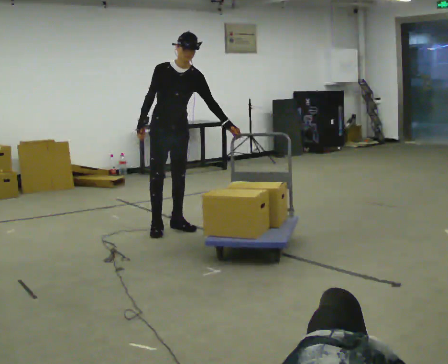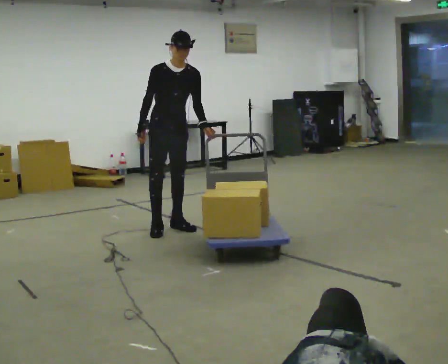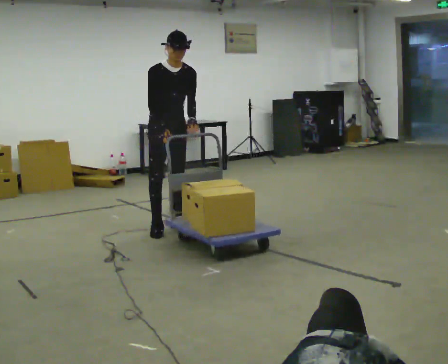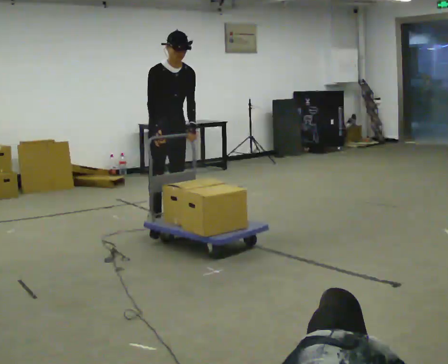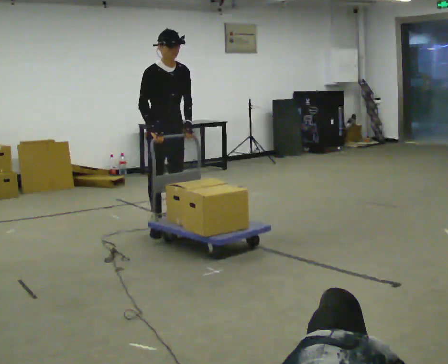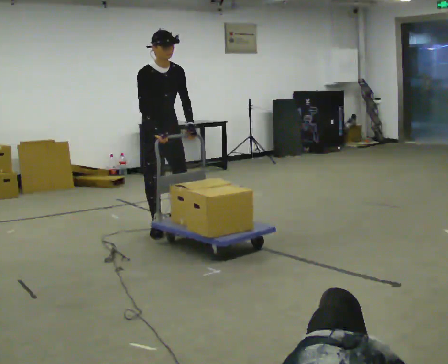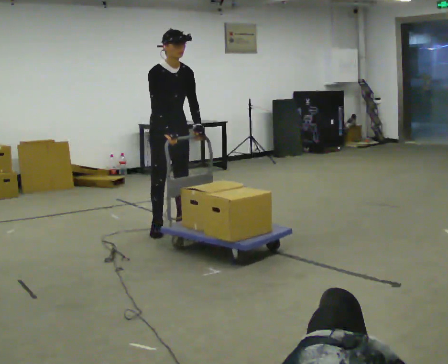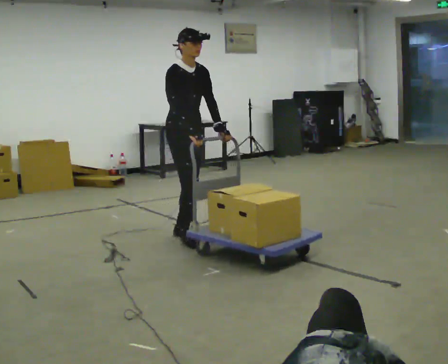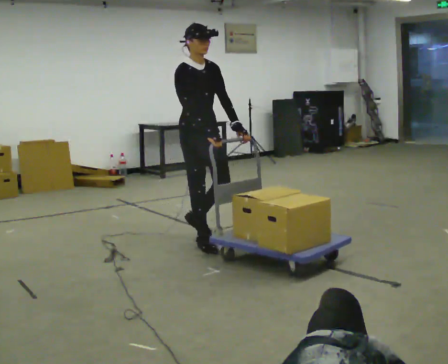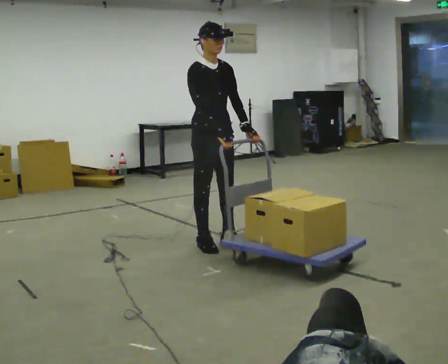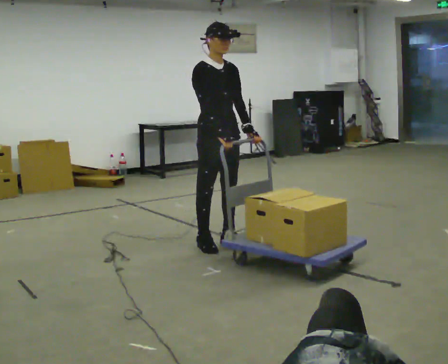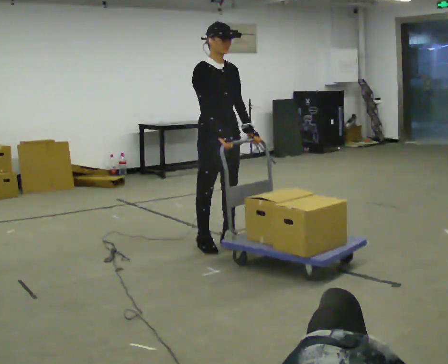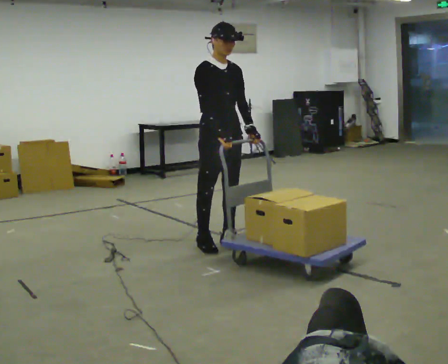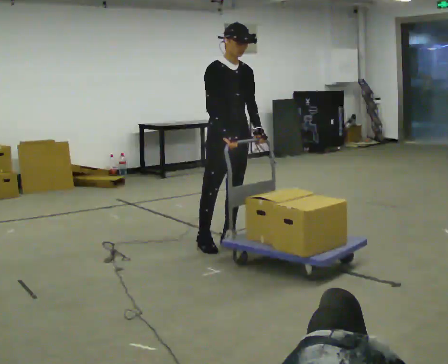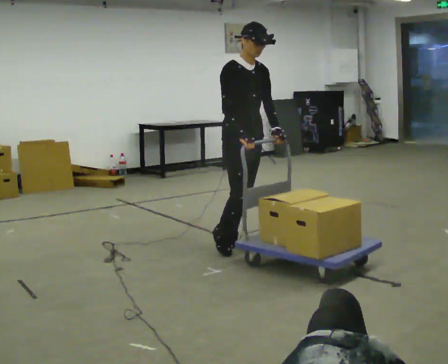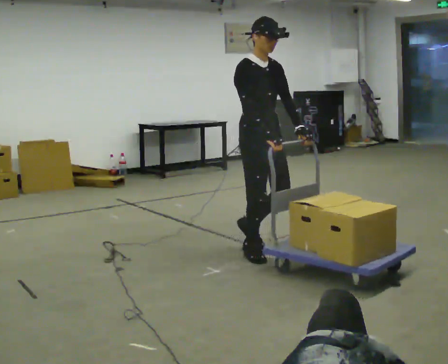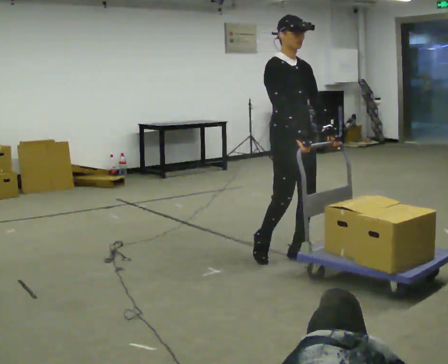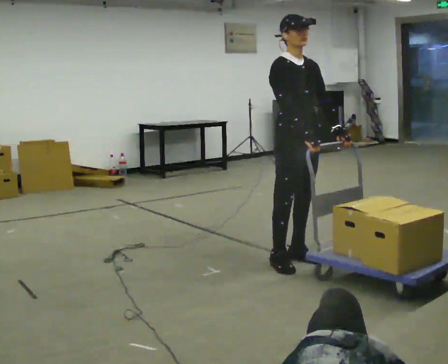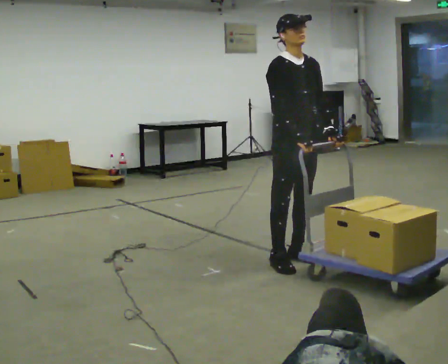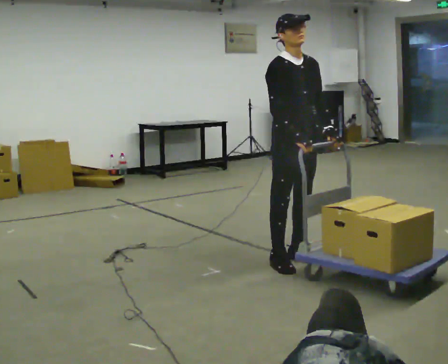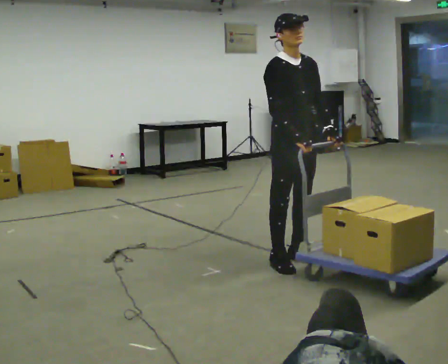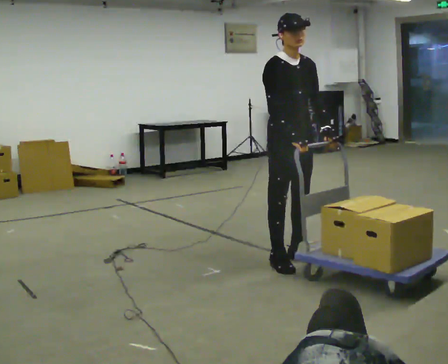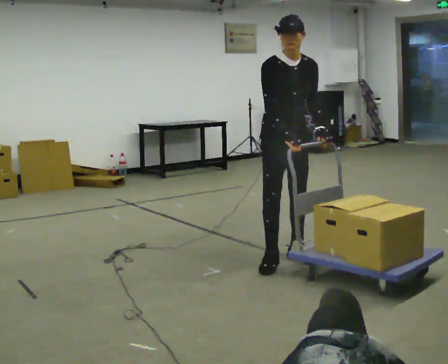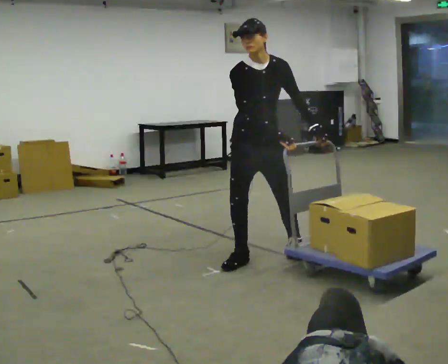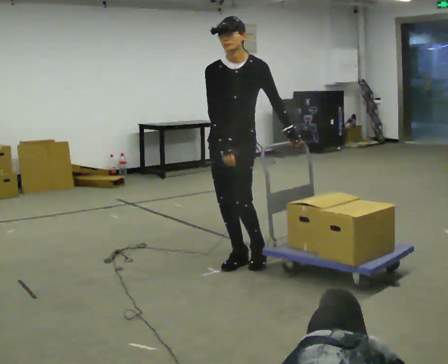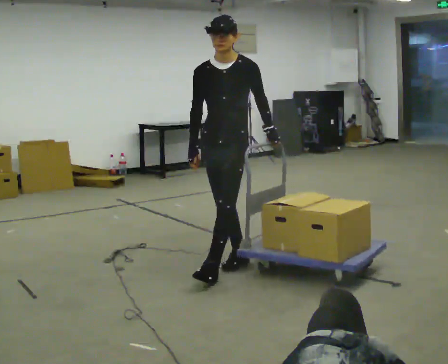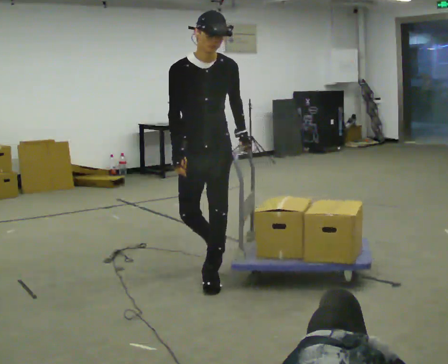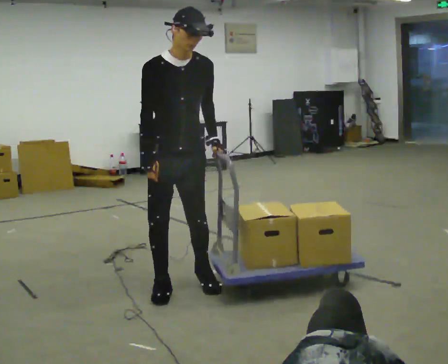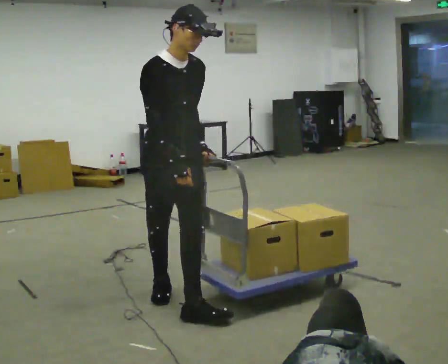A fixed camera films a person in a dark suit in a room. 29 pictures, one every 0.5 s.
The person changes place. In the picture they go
toward the camera.
0.0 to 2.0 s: The person moves a little, or ends about where they began.
2.0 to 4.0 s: In the picture they go toward the camera and to the right, about 0.5 m in 2 steps, which for them is forward.
4.0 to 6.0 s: In the picture they go to the right, about 0.25 m in 1 step, which for them is forward.
6.0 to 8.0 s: In the picture they go to the right and toward the camera, about 0.75 m in 2 steps, which for them is forward.
8.0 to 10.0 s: The person moves a little, or ends about where they began.
10.0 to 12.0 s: The part of the body nearest the lens slides to the left as the person turns to their right by about 45 degrees. In the picture they go to the left, about 0.25 m in 1 step, which for them is to their right and backward.
12.0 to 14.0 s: The person turns about 45 degrees to their left, counterclockwise seen from above, so the part of the body nearest the lens slides to the right. In the picture they go toward the camera and to the left, about 1 m in 2 steps, which for them is forward and to their right.
The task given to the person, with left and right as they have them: Stand still with your hands on the cart. When the operator says go, get it moving, push it a few metres, then bring it to a stop. Repeat until the operator says stop.
The film runs forward here.
